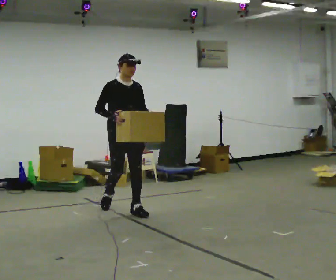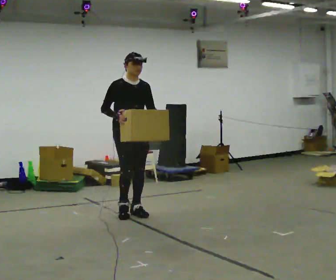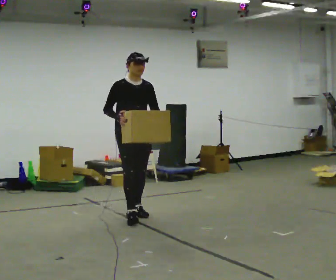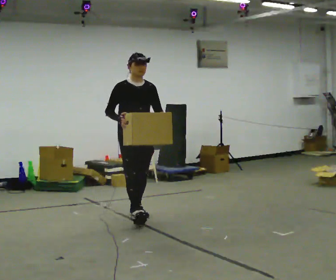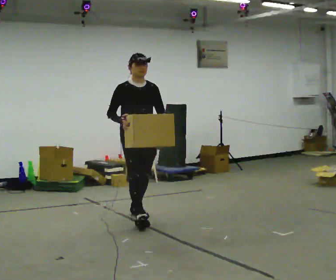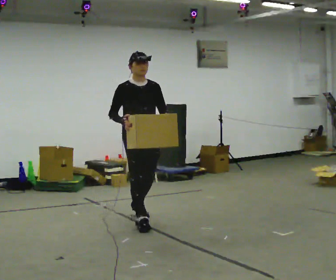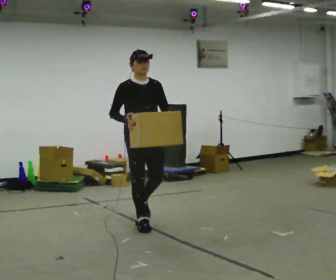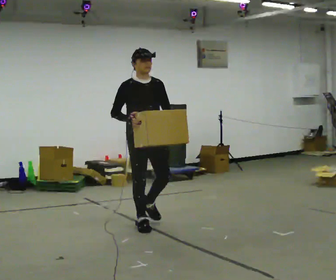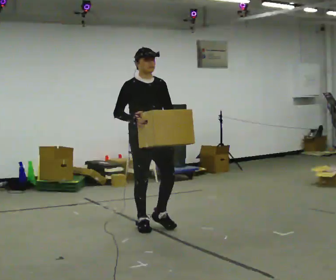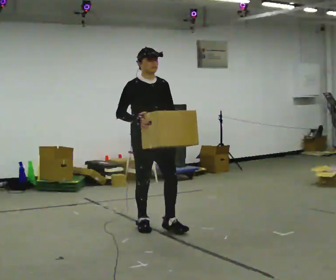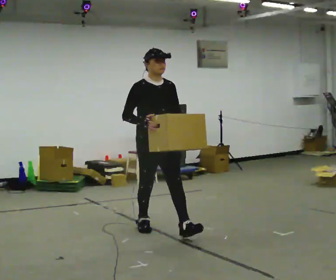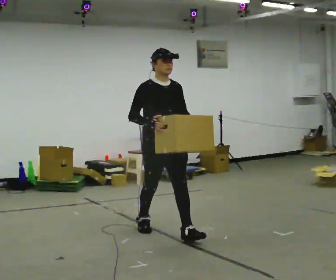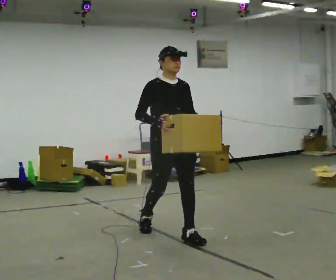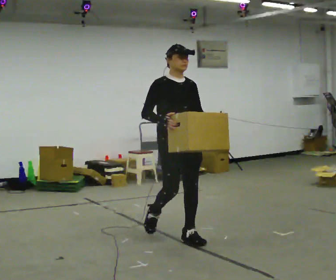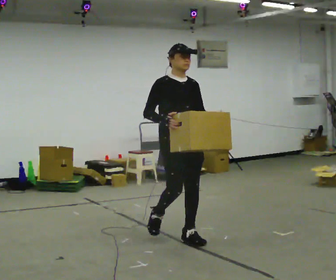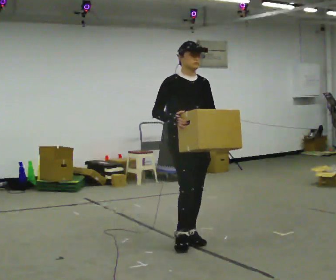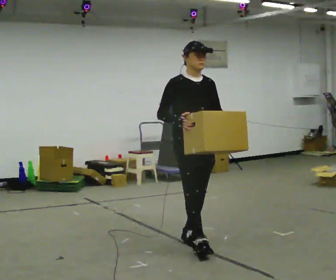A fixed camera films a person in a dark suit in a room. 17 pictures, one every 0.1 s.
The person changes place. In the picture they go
toward the camera.
0.0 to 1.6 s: In the picture they go toward the camera and to the right, about 1.5 m in 2 steps, which for them is forward.
The film runs forward here.
